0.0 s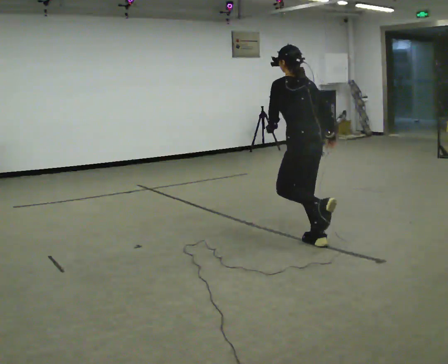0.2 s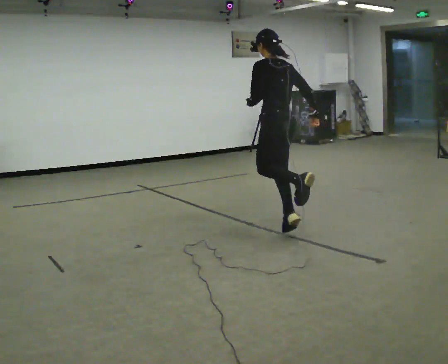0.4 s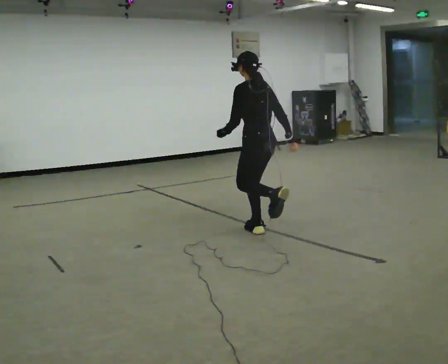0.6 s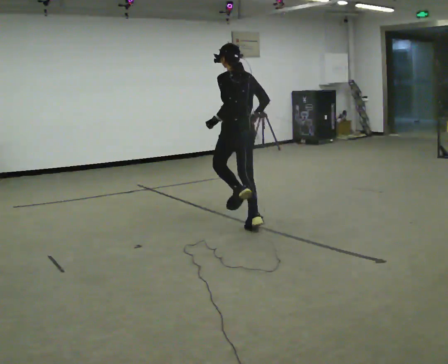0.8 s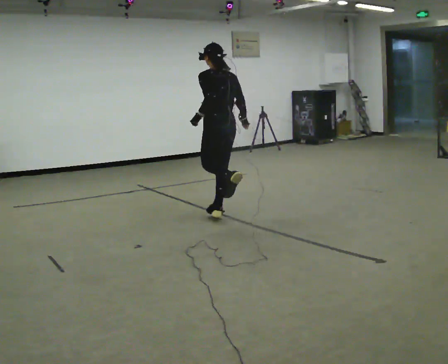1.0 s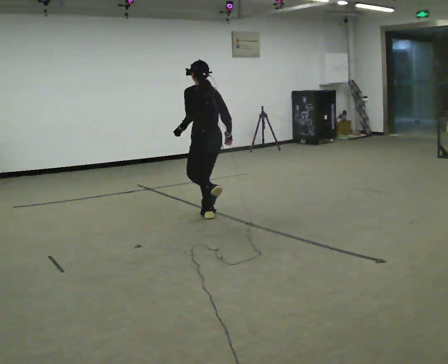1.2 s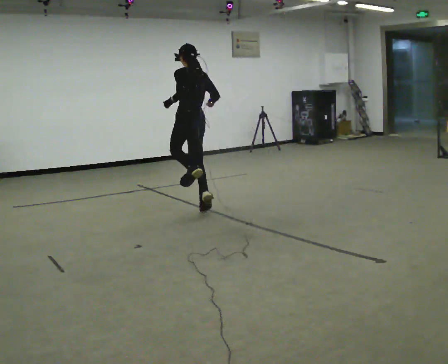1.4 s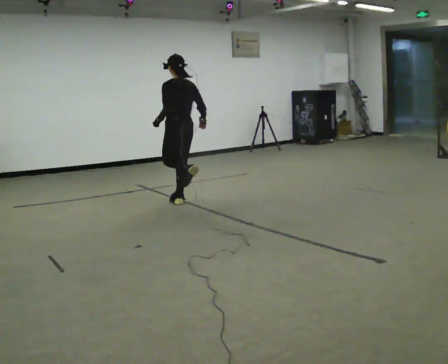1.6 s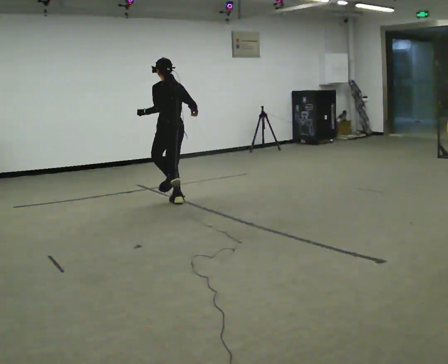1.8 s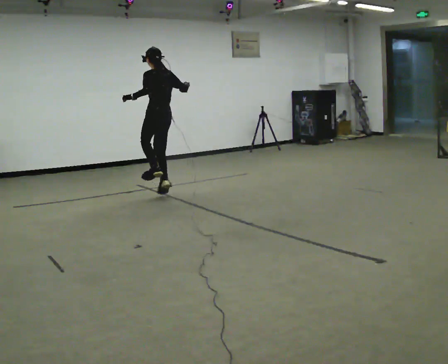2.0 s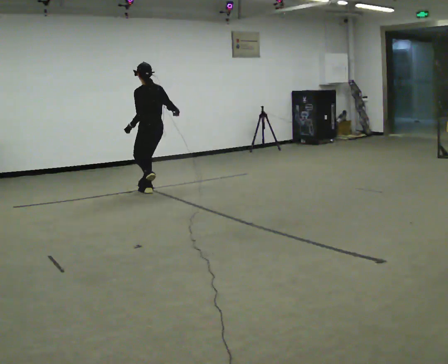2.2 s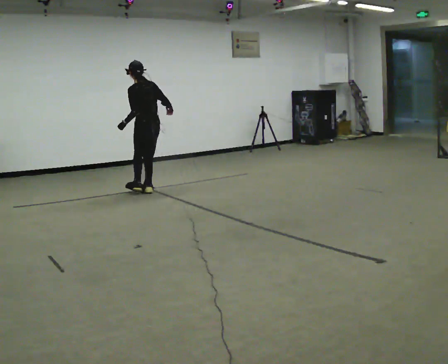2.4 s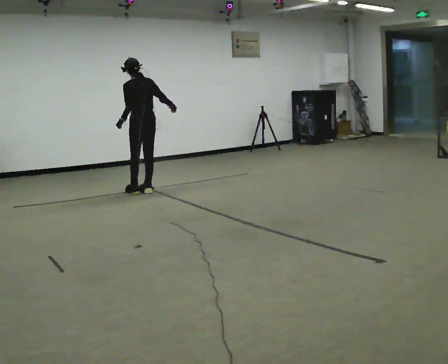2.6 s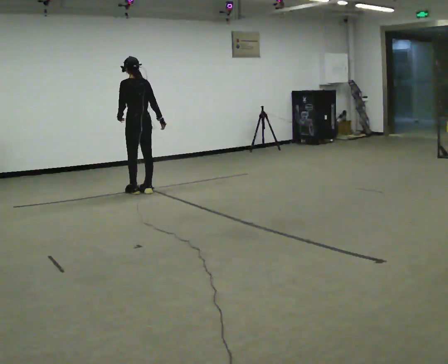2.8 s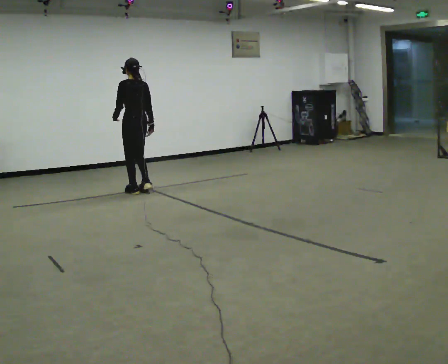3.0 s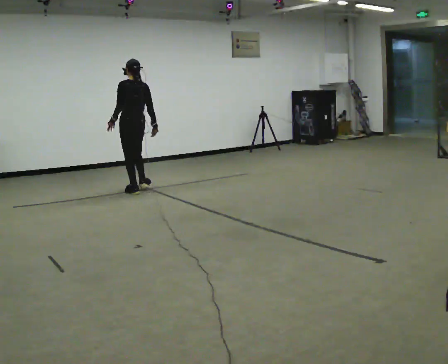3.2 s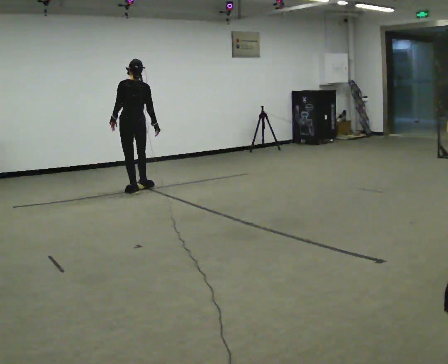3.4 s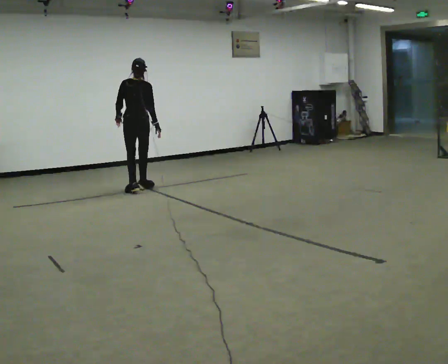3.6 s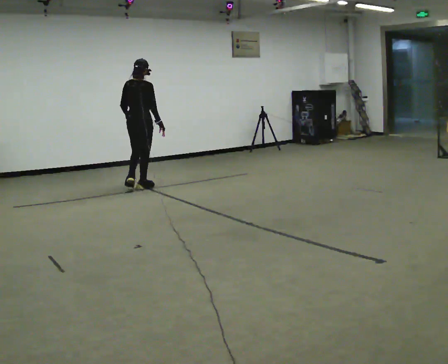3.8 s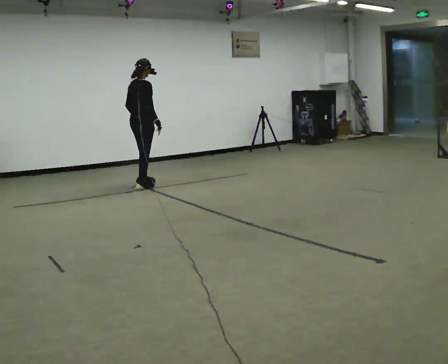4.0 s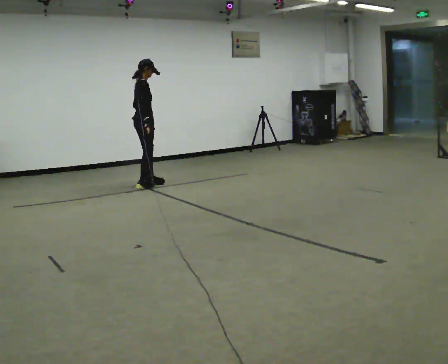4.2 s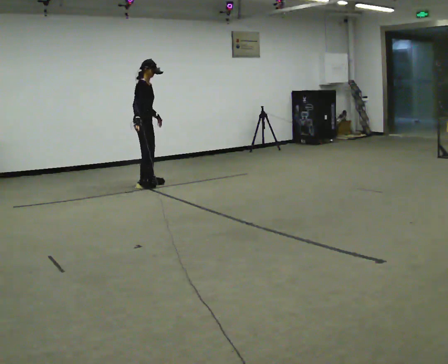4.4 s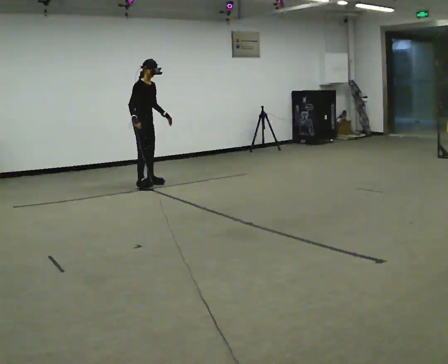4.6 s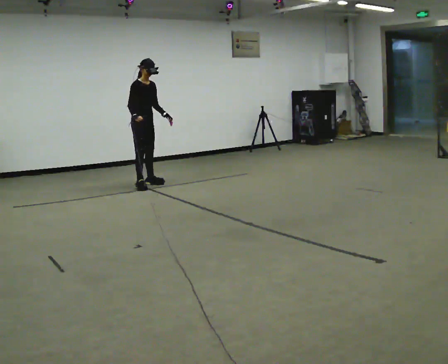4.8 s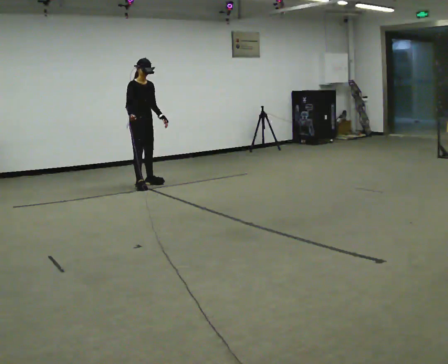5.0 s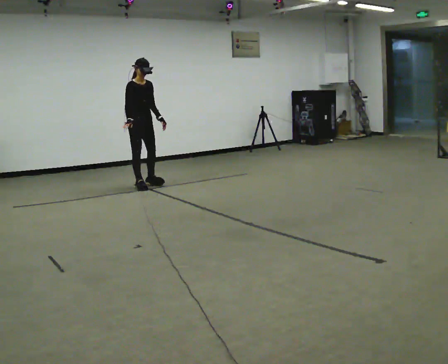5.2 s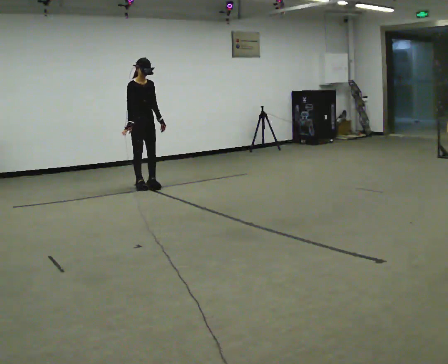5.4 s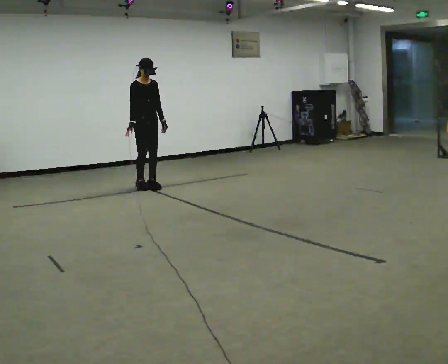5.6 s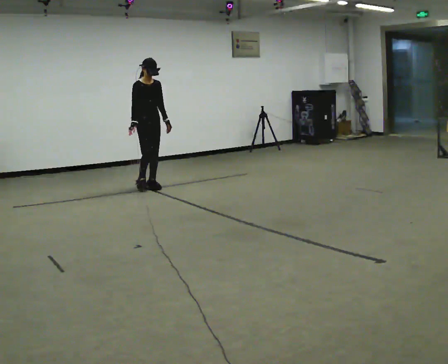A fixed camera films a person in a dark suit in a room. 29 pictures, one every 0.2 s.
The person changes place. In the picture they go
away from the camera.
The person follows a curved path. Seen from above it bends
clockwise.
0.0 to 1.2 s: In the picture they go away from the camera and to the left, about 1.5 m in 2 steps, which for them is forward.
1.2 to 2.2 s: In the picture they go away from the camera and to the left, about 1 m in 2 steps, which for them is forward.
2.2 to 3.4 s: Seen from above the body turns clockwise, about 30 degrees: to their right, with its near side sliding to the left. In the picture they go away from the camera, about 0.25 m in 2 steps, which for them is forward.
3.4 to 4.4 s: Seen from above the body turns clockwise, about 120 degrees: to their right, with its near side sliding to the left. In the picture they go away from the camera, about 0.25 m in 1 step.
4.4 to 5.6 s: The person turns about 30 degrees to their right, clockwise seen from above, so the part of the body nearest the lens slides to the left. In the picture they go toward the camera, about 0.25 m in 1 step, which for them is forward.
The film runs forward here.
